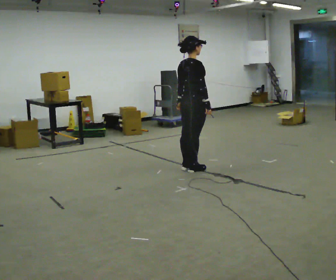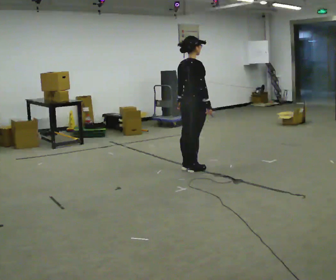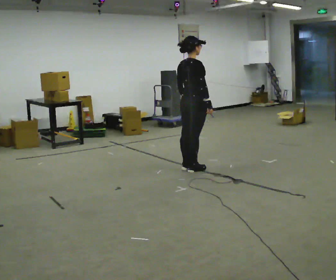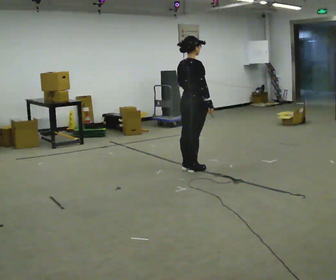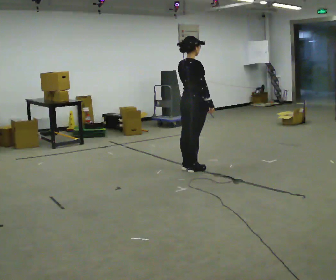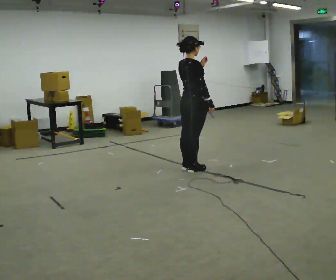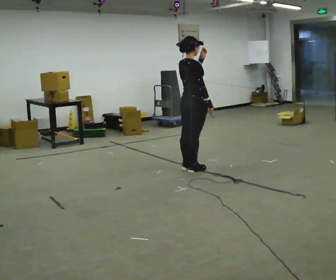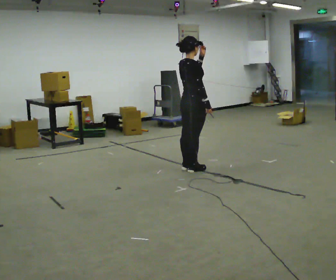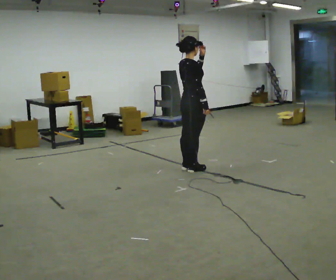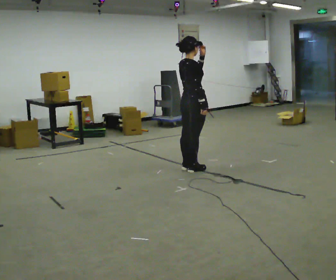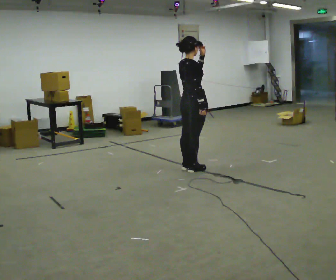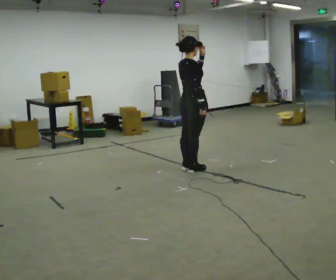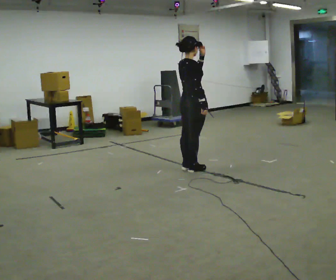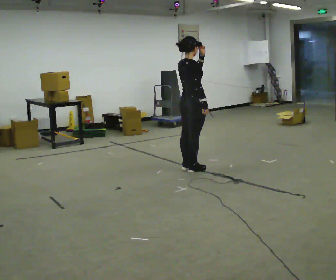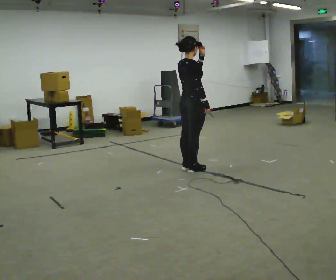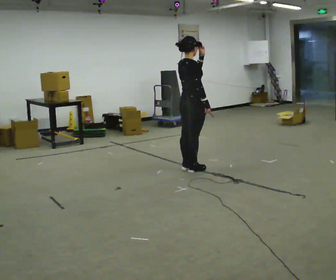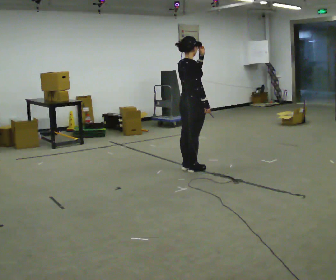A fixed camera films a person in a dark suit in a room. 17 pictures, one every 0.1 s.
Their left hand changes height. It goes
upward.
0.0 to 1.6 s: In the picture their left hand goes upward.
The film runs forward here.
